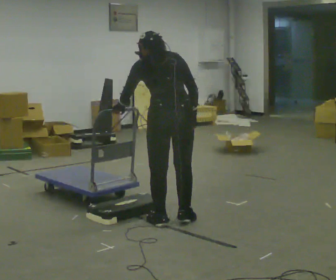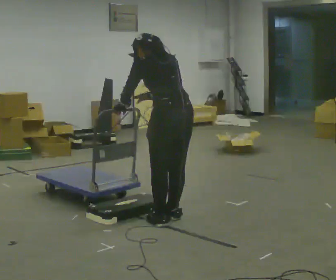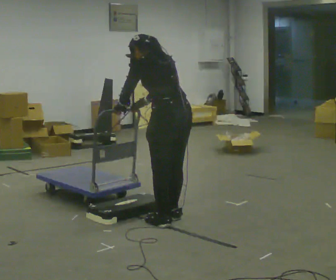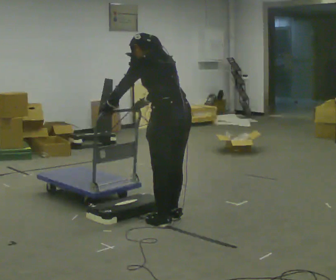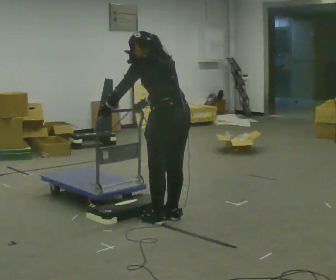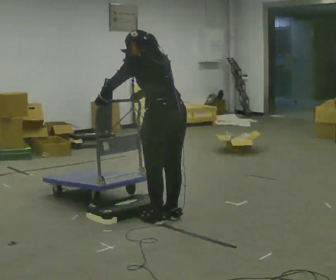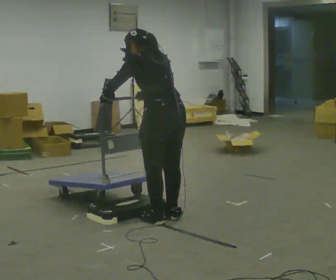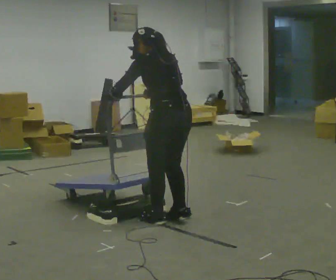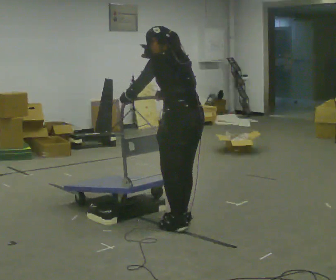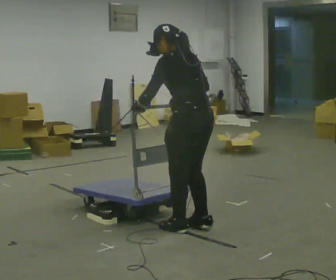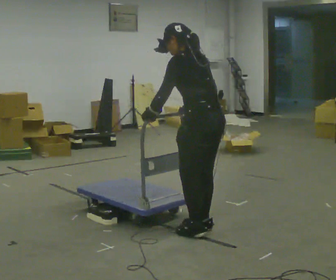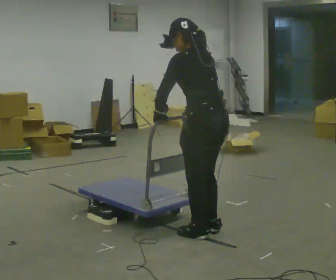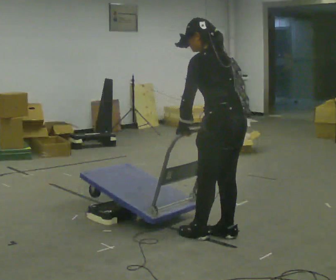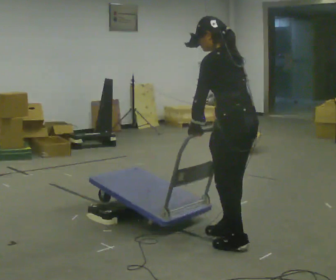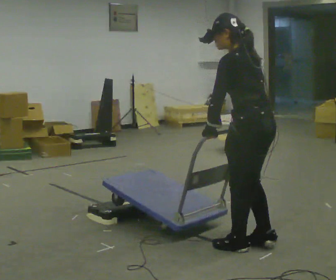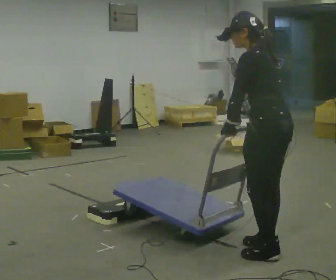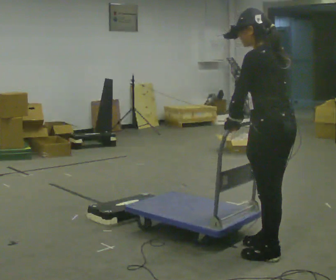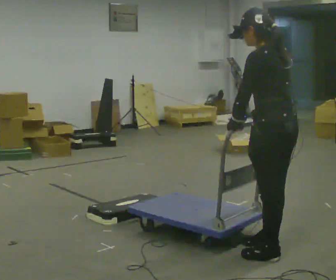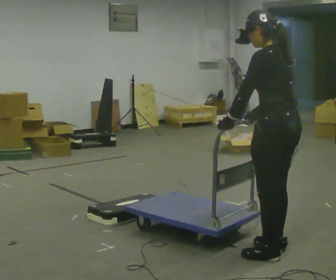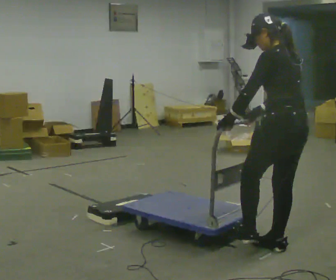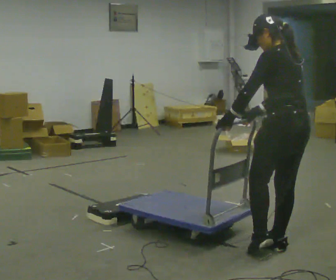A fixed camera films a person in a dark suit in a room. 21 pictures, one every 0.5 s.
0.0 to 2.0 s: Seen from above the body turns counterclockwise, about 30 degrees: to their left, with its near side sliding to the right. In the picture their right hand goes to the left.
2.0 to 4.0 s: The person moves a little, or ends about where they began.
4.0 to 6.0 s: In the picture they go to the right and toward the camera, about 0.5 m in 3 steps, which for them is backward.
6.0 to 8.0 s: In the picture they go toward the camera and to the right, about 0.5 m in 3 steps, which for them is backward and to their left.
8.0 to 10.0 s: The person moves a little, or ends about where they began.
The film runs forward here.
